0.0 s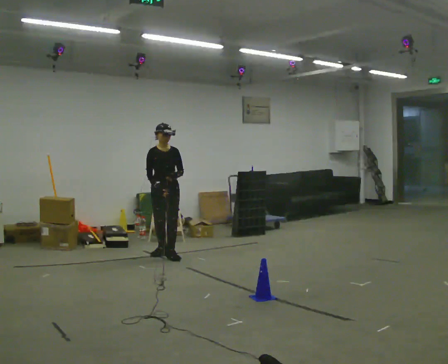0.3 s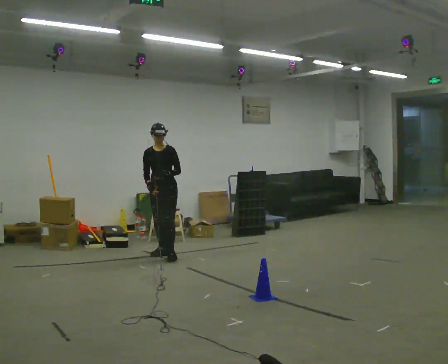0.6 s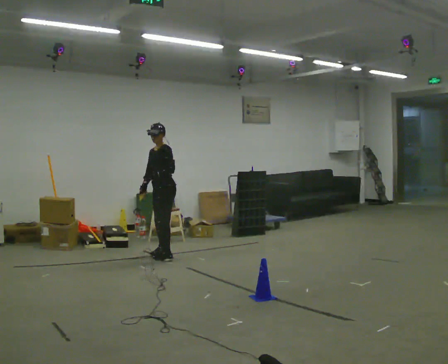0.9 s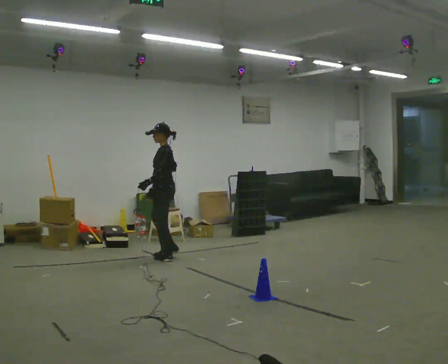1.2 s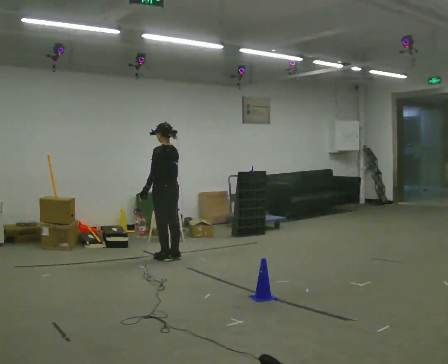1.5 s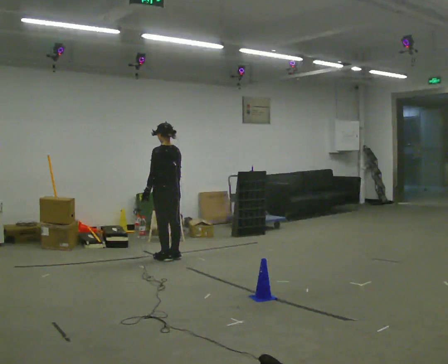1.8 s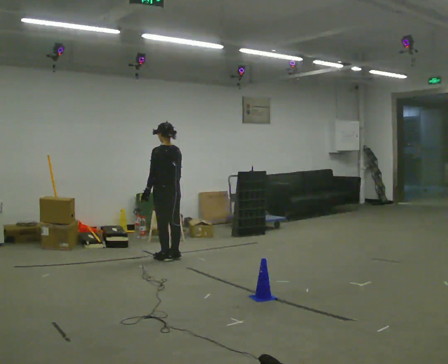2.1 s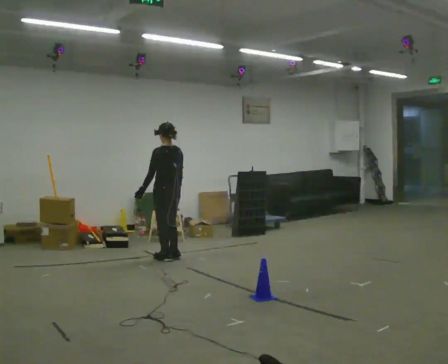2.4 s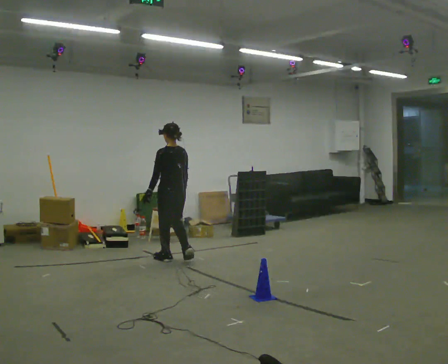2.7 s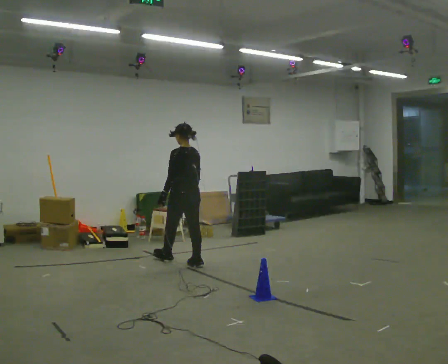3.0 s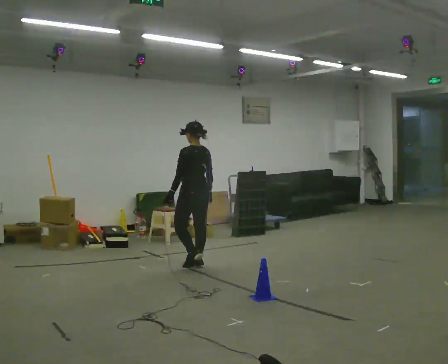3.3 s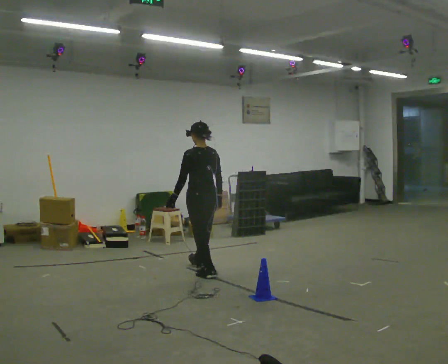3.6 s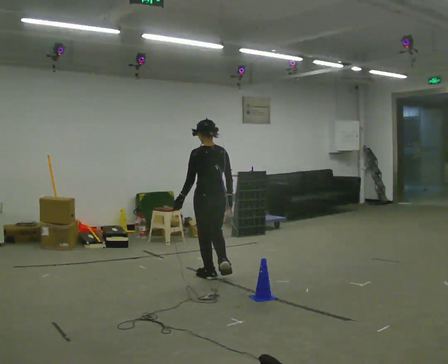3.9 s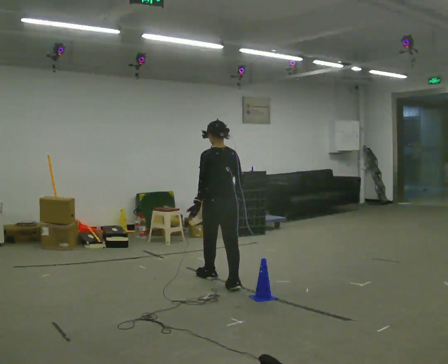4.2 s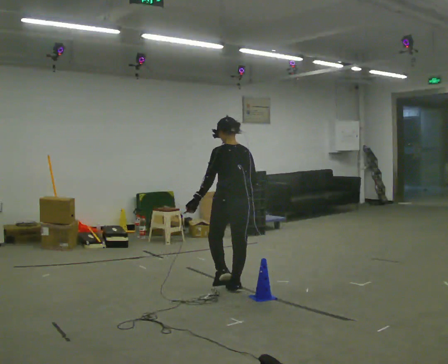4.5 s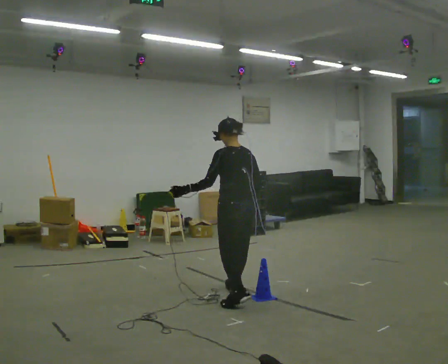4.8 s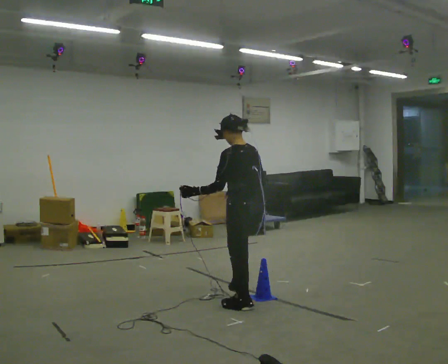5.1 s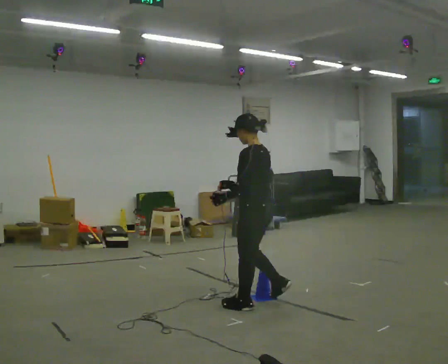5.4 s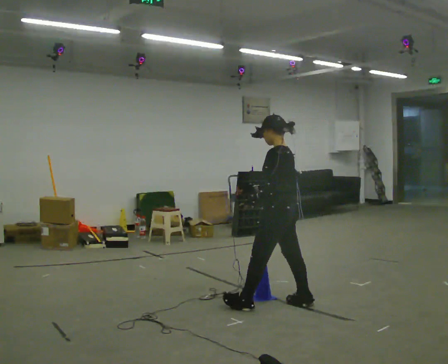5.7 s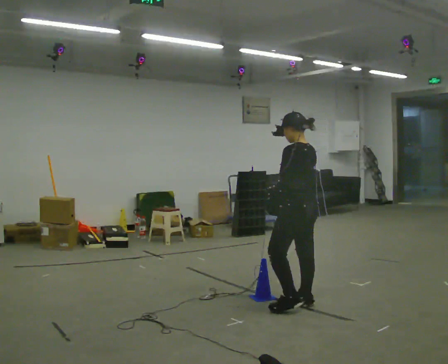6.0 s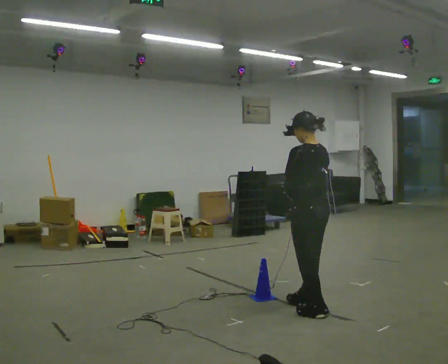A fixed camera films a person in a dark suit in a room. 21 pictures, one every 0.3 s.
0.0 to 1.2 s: Seen from above the body turns clockwise, about 135 degrees: to their right, with its near side sliding to the left. In the picture their left hand goes to the left.
1.2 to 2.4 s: Seen from above the body turns clockwise, about 30 degrees: to their right, with its near side sliding to the left.
2.4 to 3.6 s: In the picture they go toward the camera and to the right, about 1 m in 2 steps, which for them is backward.
3.6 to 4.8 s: In the picture they go toward the camera, about 1 m in 2 steps, which for them is backward.
4.8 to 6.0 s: In the picture they go to the right and toward the camera, about 0.5 m in 1 step, which for them is backward.
The film runs backward here.
